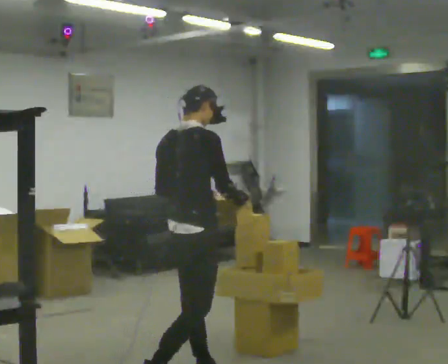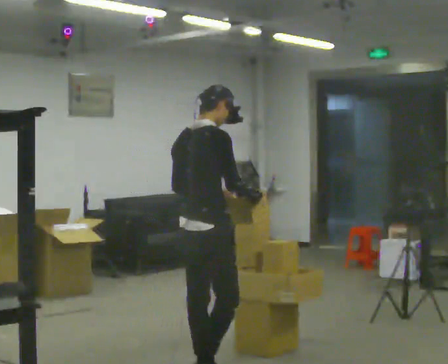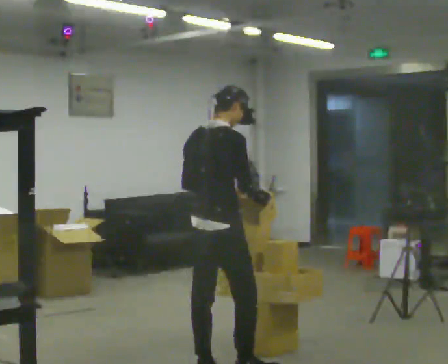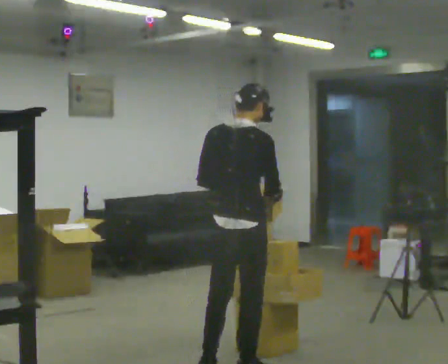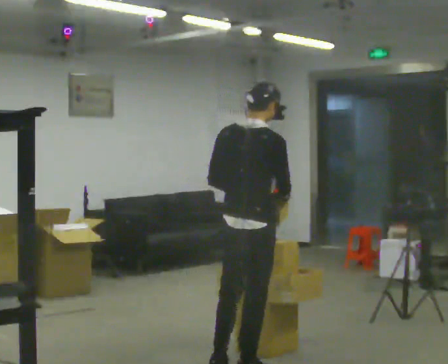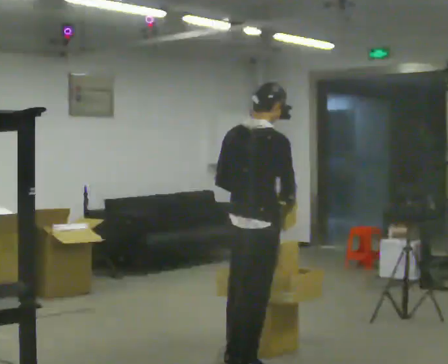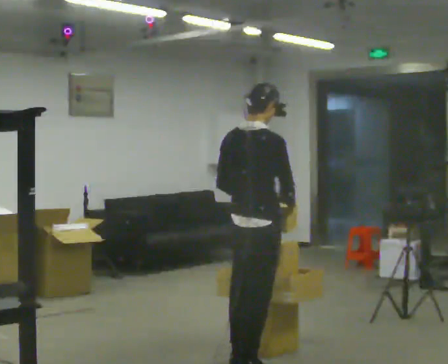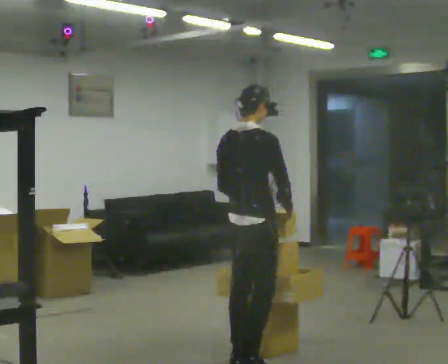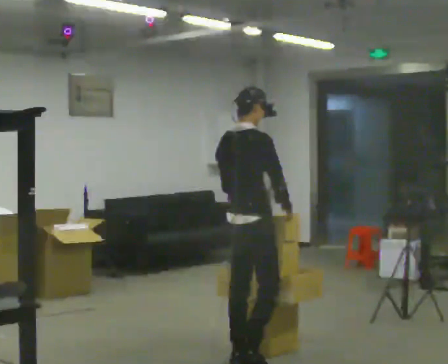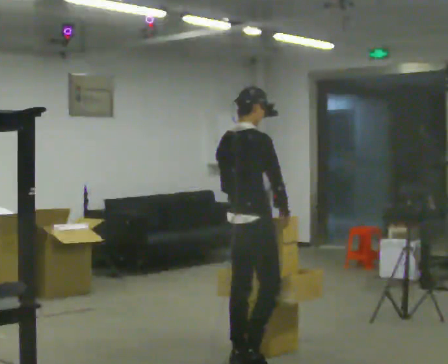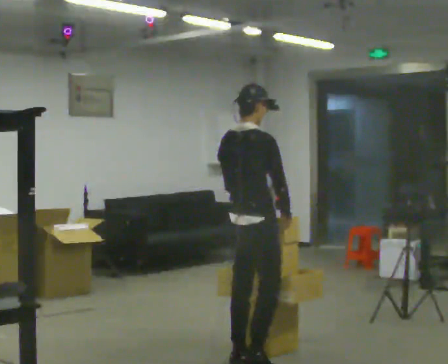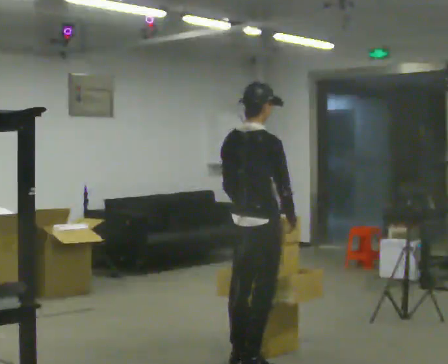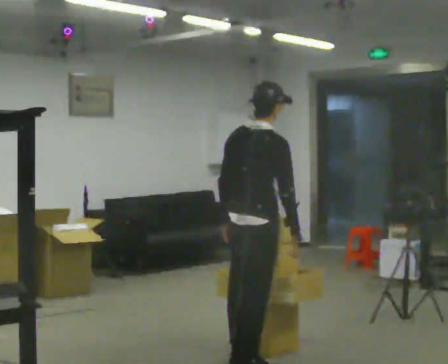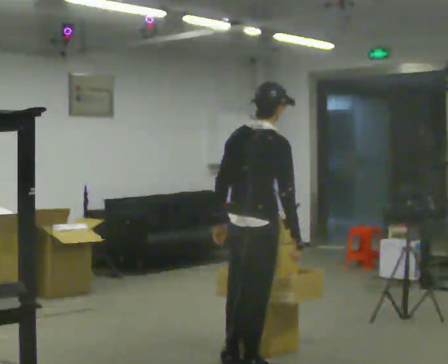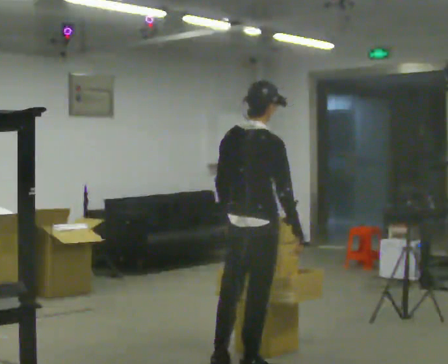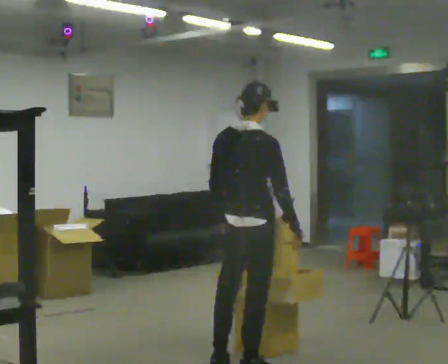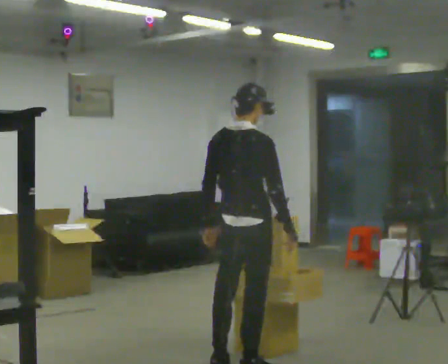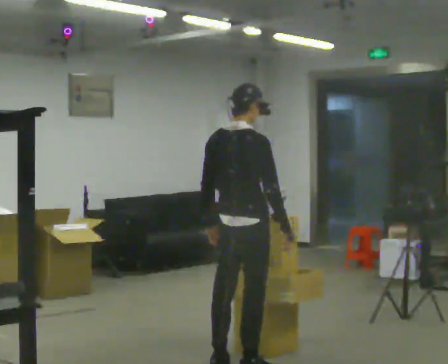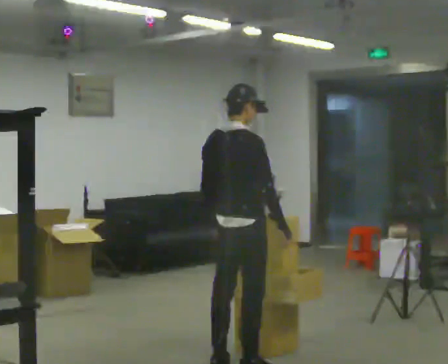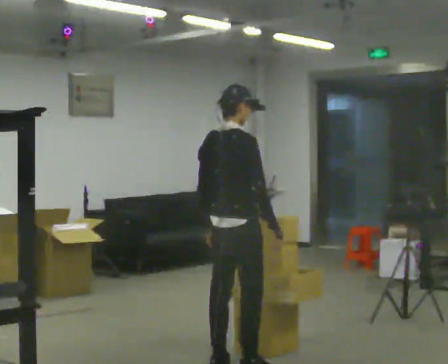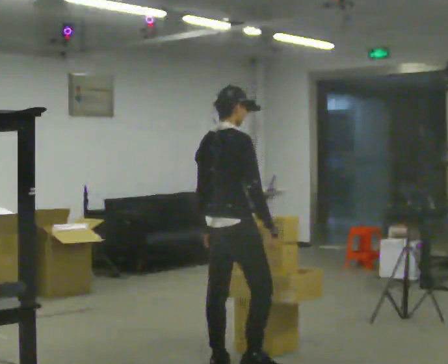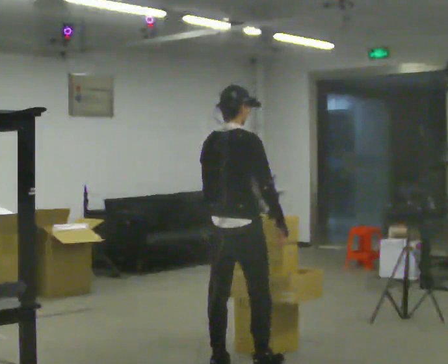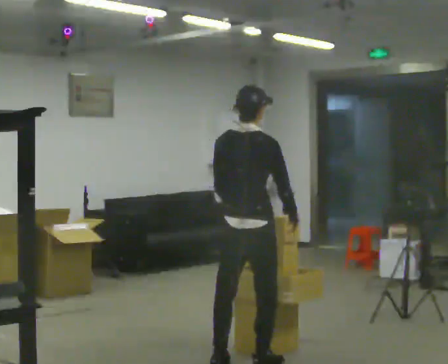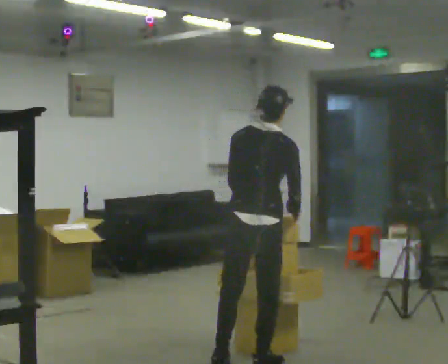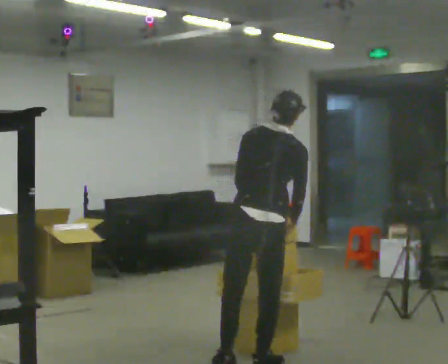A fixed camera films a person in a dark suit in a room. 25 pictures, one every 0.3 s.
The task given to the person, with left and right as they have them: Take an object from the waist-height shelf, carry it across the room, and place it on the highest shelf you can comfortably reach. Keep going until the operator says stop; one object at a time, and do not rush between trips.
0.0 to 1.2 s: In the picture they go to the right, about 0.25 m in 1 step, which for them is forward and to their right.
1.2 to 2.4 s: In the picture they go away from the camera, about 0.25 m in 1 step, which for them is forward and to their left.
2.4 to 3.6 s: In the picture they go toward the camera, about 0.25 m, which for them is to their right and backward.
3.6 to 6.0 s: In the picture they go to the left, about 0.25 m, which for them is to their left.
6.0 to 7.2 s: Seen from above the body turns counterclockwise, about 45 degrees: to their left, with its near side sliding to the right. In the picture they go to the right, about 0.25 m, which for them is to their right. In the picture the upper body tilts clockwise, shoulders to the right, as they bend forward.
The film runs forward here.
